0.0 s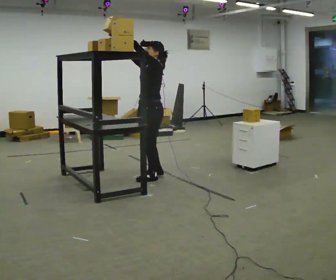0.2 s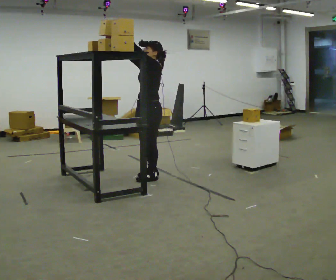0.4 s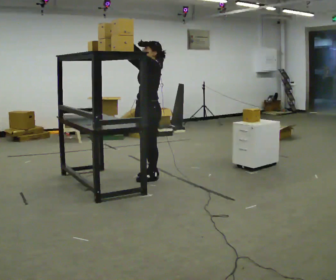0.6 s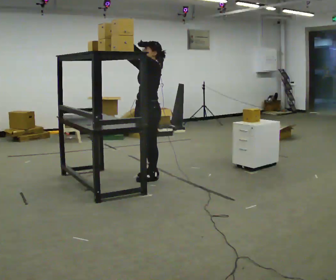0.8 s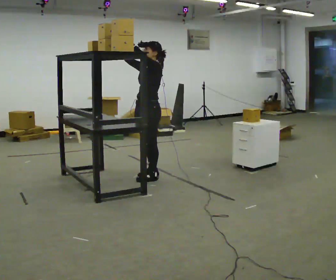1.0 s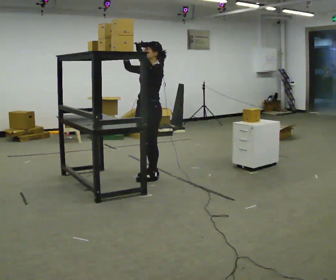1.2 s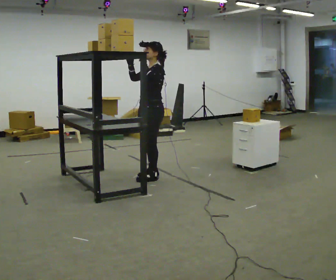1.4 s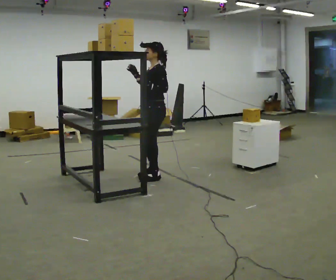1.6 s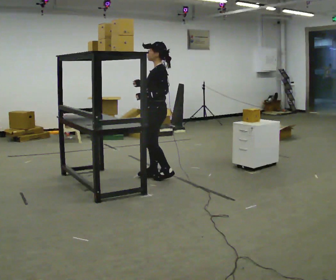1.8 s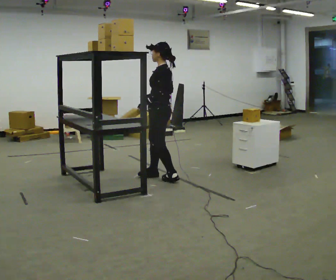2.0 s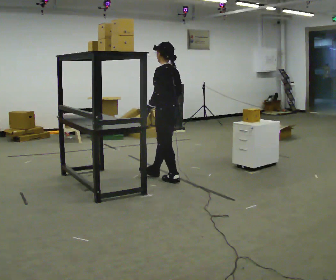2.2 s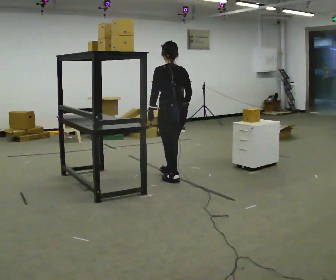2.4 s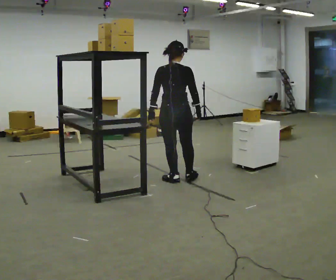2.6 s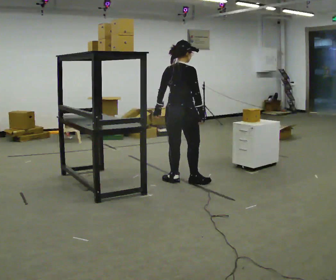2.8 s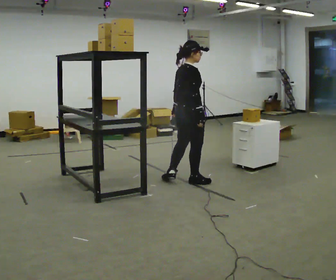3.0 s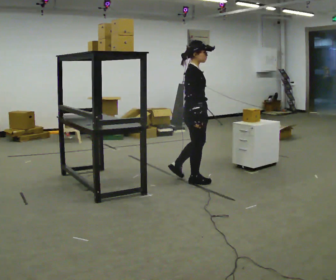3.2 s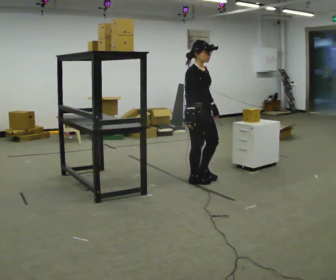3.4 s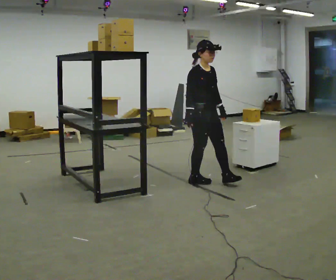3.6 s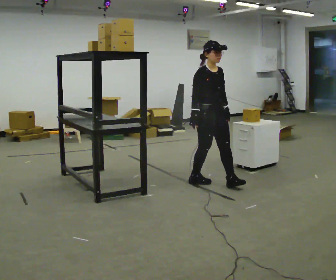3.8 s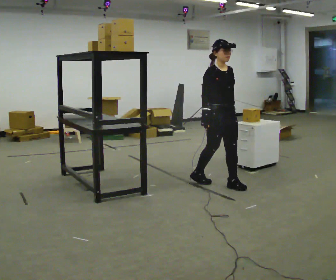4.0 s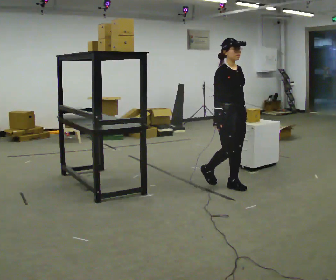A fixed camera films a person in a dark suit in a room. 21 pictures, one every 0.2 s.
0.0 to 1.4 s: In the picture their left hand goes downward.
1.4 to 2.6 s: The person turns about 135 degrees to their right, clockwise seen from above, so the part of the body nearest the lens slides to the left. In the picture they go to the right and toward the camera, about 0.25 m in 2 steps. In the picture their right hand goes downward.
2.6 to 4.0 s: Seen from above the body turns clockwise, about 105 degrees: to their right, with its near side sliding to the left. In the picture they go to the right and toward the camera, about 0.5 m in 1 step.
The film runs forward here.
